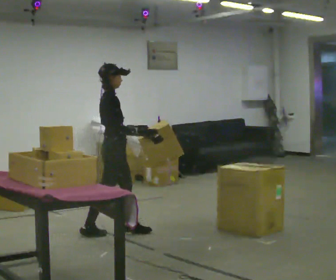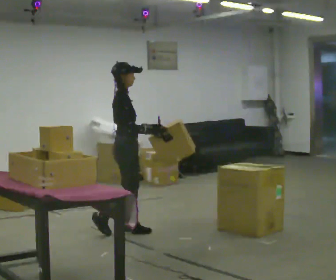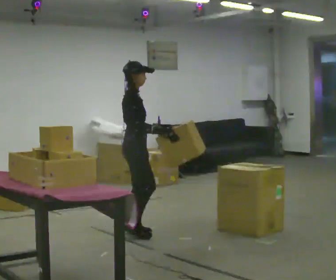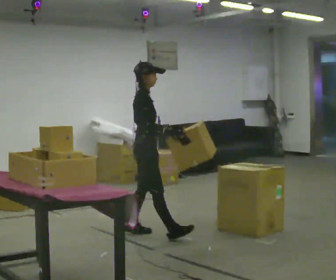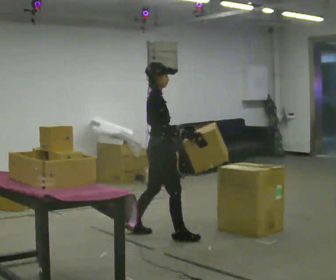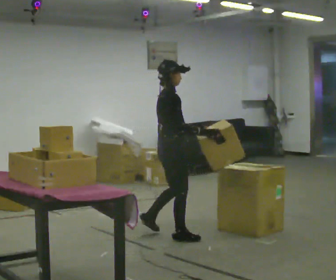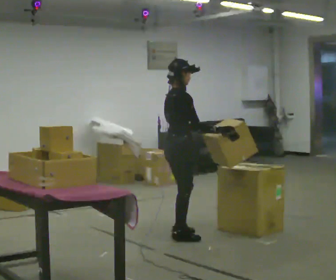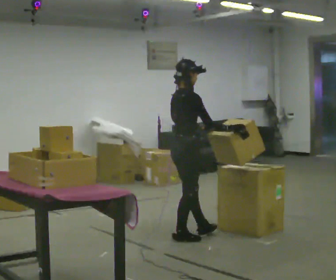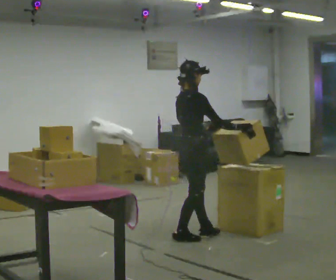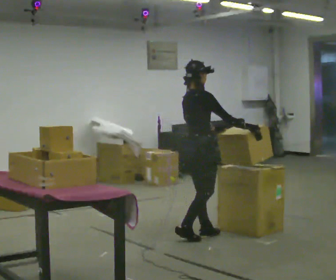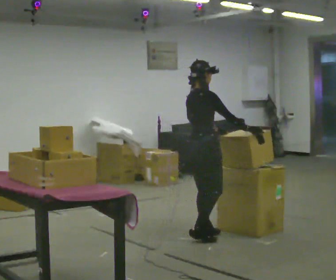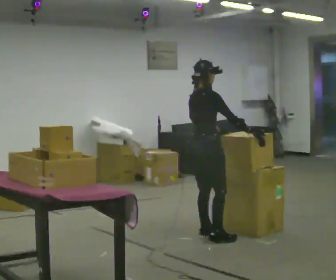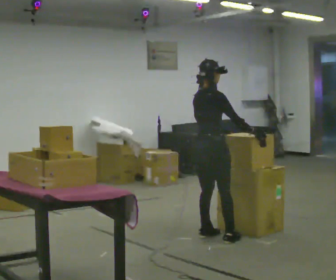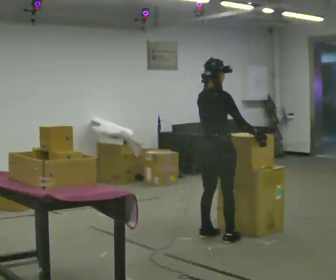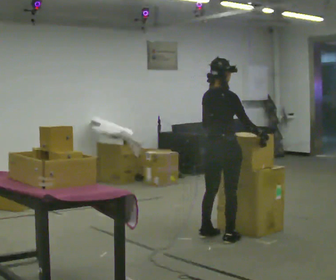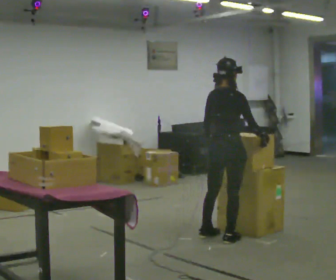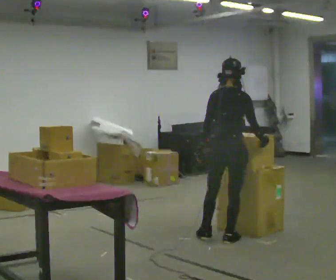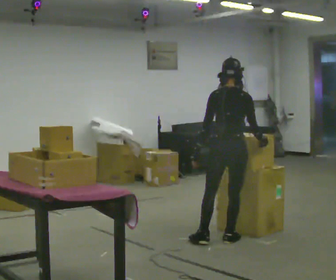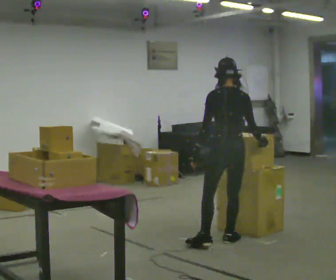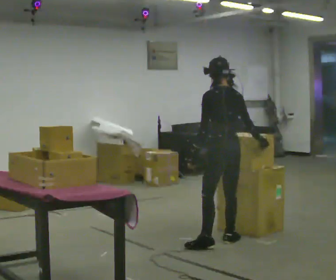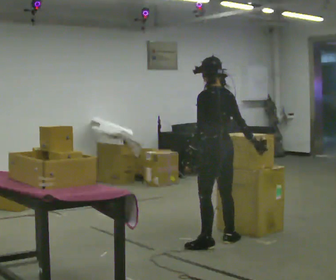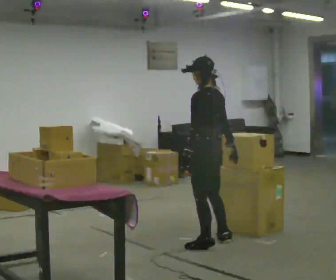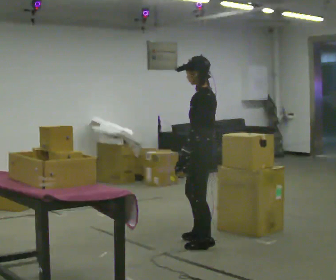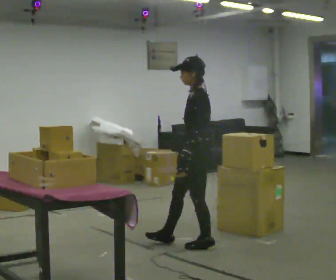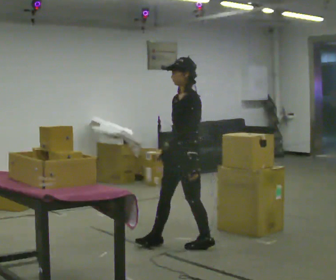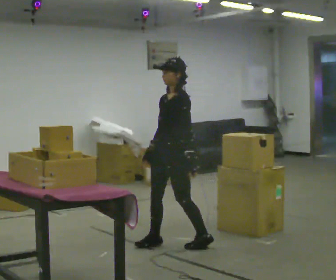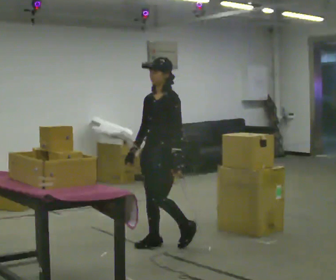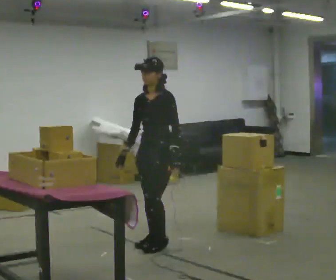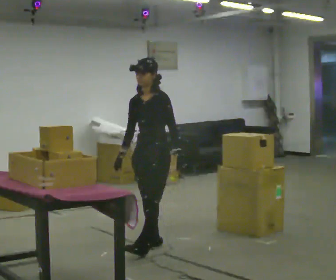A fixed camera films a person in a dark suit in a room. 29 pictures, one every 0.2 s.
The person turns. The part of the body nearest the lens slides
to the right.
The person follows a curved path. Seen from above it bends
clockwise.
0.0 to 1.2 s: In the picture they go to the right, about 0.5 m in 1 step, which for them is forward.
1.2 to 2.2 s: In the picture they go to the right, about 0.25 m in 1 step, which for them is forward.
2.2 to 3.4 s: Seen from above the body turns counterclockwise, about 60 degrees: to their left, with its near side sliding to the right. In the picture they go toward the camera and to the right, about 0.25 m in 1 step, which for them is to their right.
3.4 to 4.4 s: The part of the body nearest the lens slides to the right as the person turns to their left by about 75 degrees. In the picture they go to the left and toward the camera, about 0.25 m in 1 step.
4.4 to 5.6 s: The part of the body nearest the lens slides to the right as the person turns to their left by about 60 degrees. In the picture they go to the left, about 0.5 m in 1 step.
The film runs forward here.
